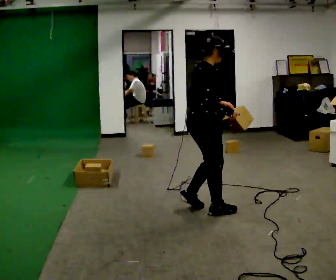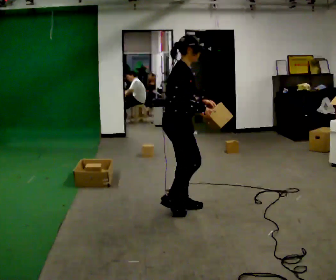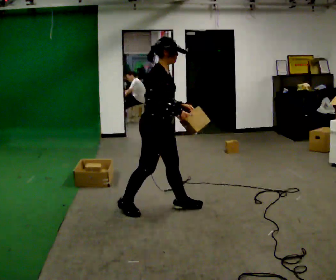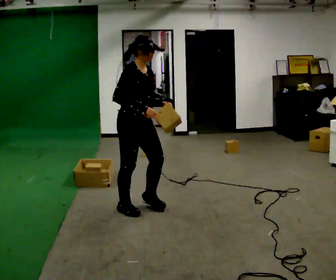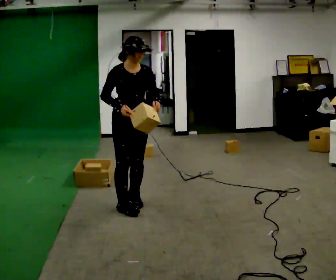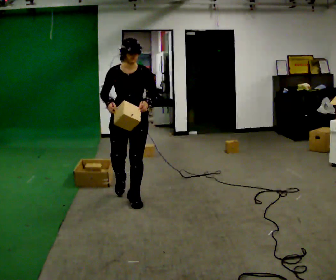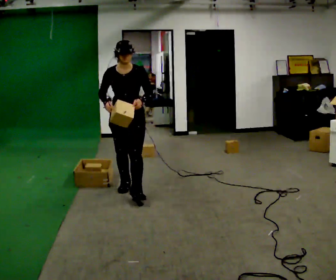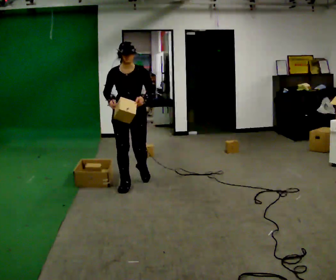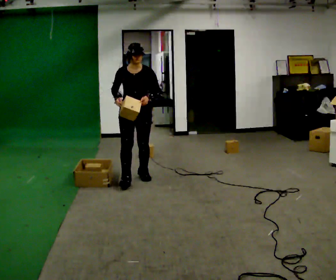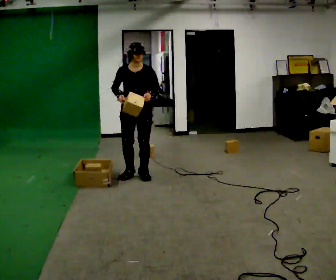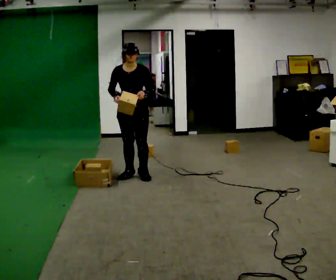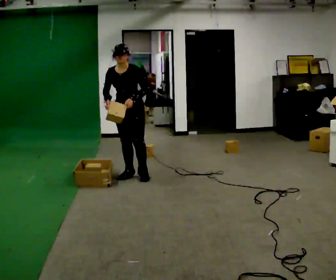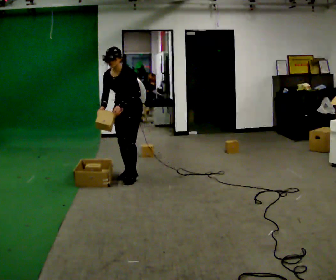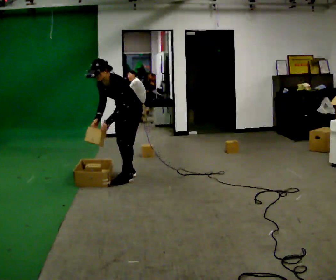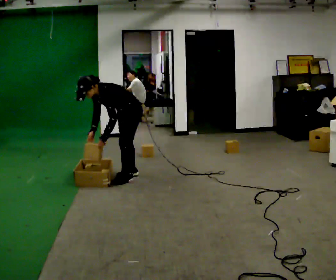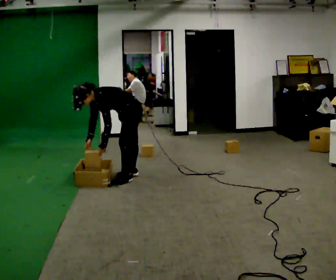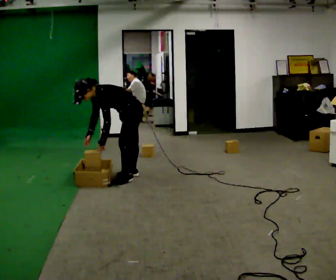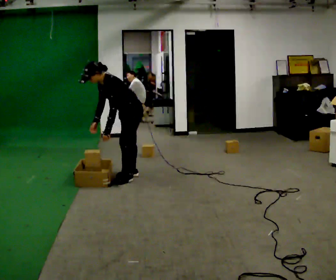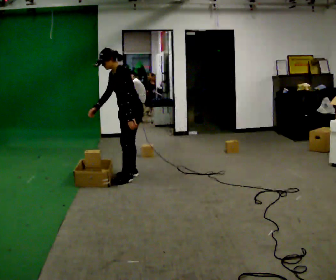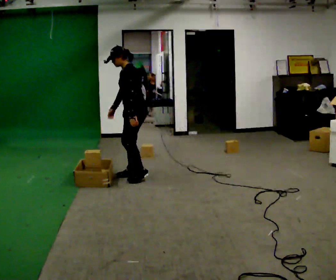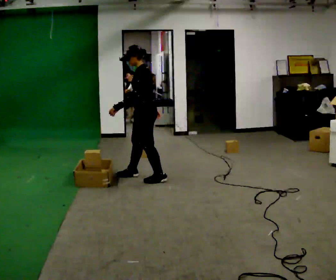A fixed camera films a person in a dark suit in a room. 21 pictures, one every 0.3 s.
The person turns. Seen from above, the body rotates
clockwise.
The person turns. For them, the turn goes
to their right.
0.0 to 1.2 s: Seen from above the body turns clockwise, about 75 degrees: to their right, with its near side sliding to the left. In the picture they go to the left and away from the camera, about 0.75 m in 3 steps.
1.2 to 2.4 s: Seen from above the body turns clockwise, about 30 degrees: to their right, with its near side sliding to the left. In the picture they go away from the camera, about 1 m in 2 steps, which for them is backward.
2.4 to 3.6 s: The person turns about 30 degrees to their right, clockwise seen from above, so the part of the body nearest the lens slides to the left. In the picture they go away from the camera, about 0.25 m in 1 step, which for them is backward and to their right. In the picture the upper body tilts counterclockwise, shoulders to the left.
3.6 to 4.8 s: The part of the body nearest the lens slides to the left as the person turns to their right by about 30 degrees. In the picture they go toward the camera, about 0.25 m, which for them is to their left. The upper body goes downward. In the picture the upper body tilts counterclockwise, shoulders to the left, as they bend forward. In the picture their left hand goes downward.
4.8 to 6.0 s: In the picture they go to the right, about 0.25 m in 1 step, which for them is backward. The shoulders move upward. In the picture the upper body tilts clockwise, shoulders to the right, as they lean back or straighten. In the picture their left hand goes upward.
The film runs backward here.
